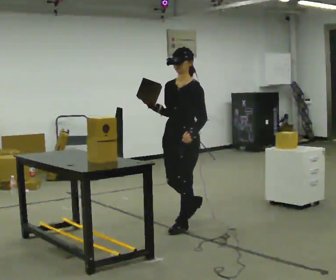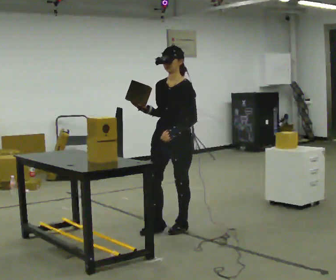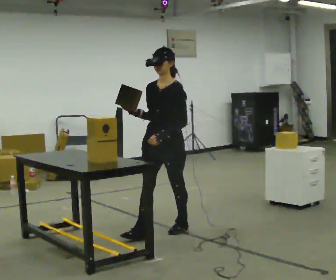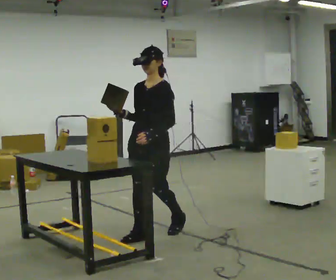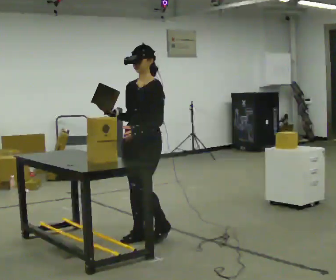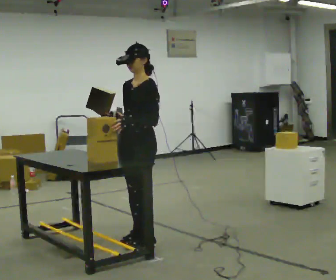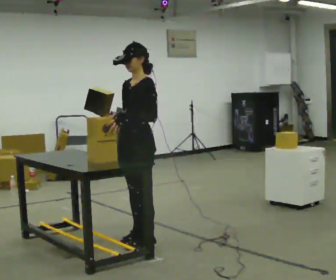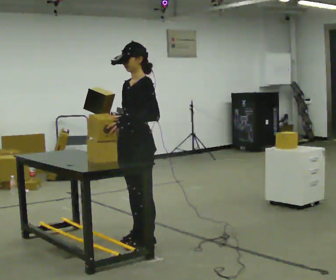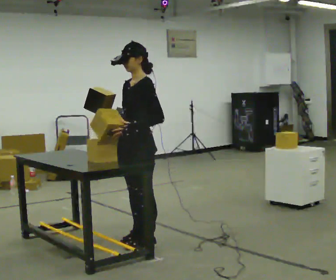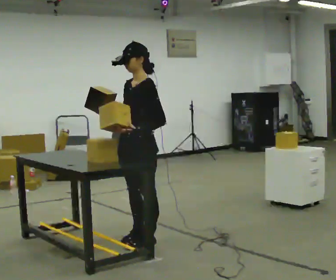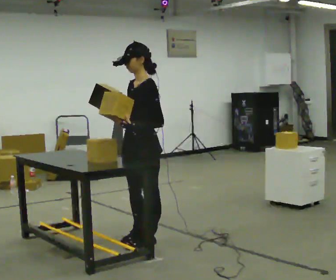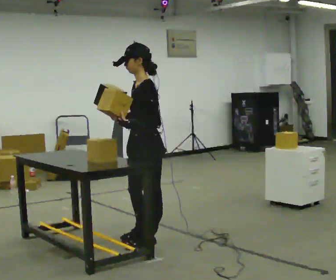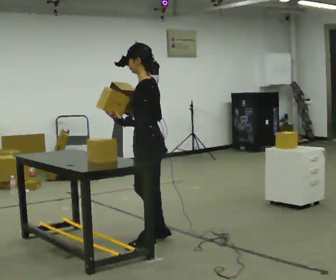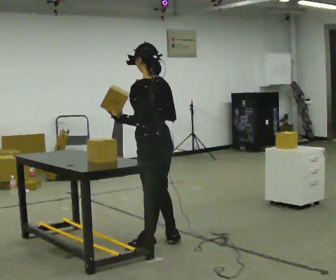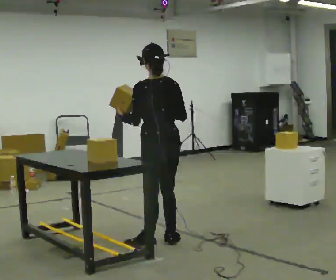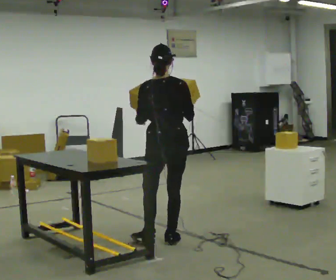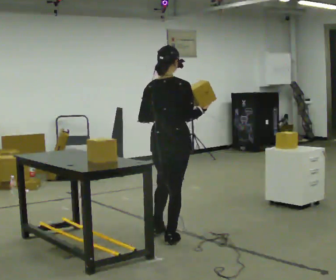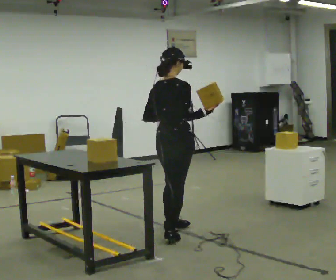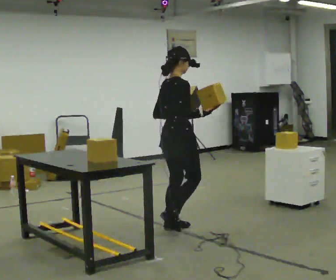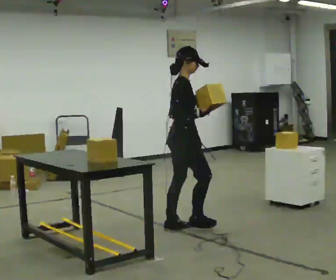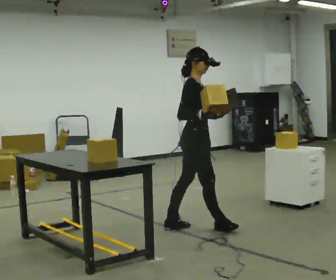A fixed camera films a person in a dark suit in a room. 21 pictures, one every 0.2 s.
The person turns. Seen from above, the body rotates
clockwise.
The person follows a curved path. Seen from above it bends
counterclockwise.
0.0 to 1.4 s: In the picture they go toward the camera and to the left, about 0.5 m in 2 steps, which for them is forward.
1.4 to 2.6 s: The part of the body nearest the lens slides to the left as the person turns to their right by about 75 degrees. In the picture their right hand goes to the right.
2.6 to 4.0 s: The part of the body nearest the lens slides to the left as the person turns to their right by about 150 degrees. In the picture they go away from the camera and to the right, about 0.5 m in 2 steps.
The film runs forward here.
